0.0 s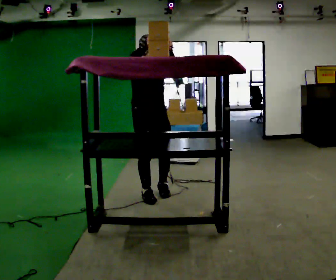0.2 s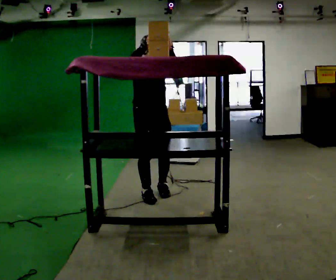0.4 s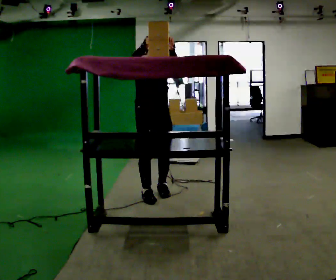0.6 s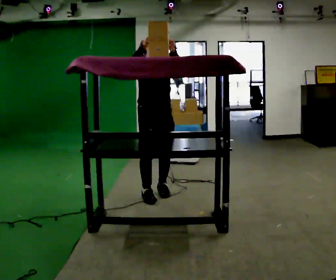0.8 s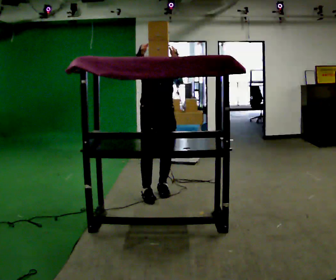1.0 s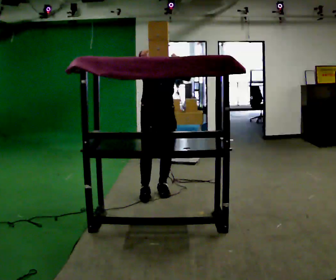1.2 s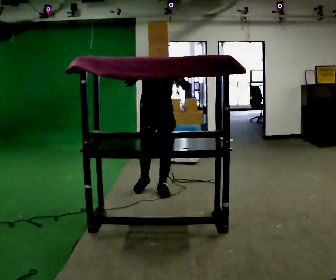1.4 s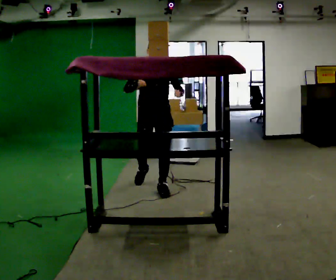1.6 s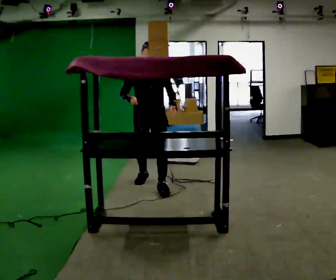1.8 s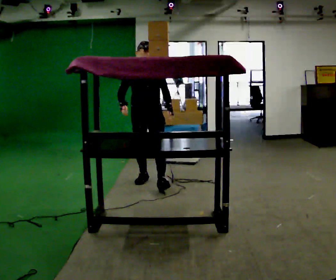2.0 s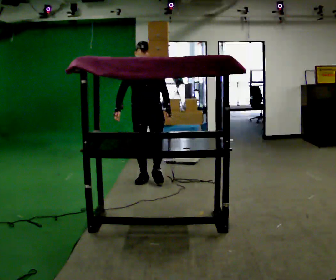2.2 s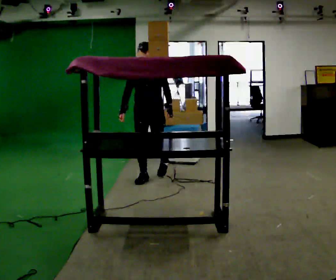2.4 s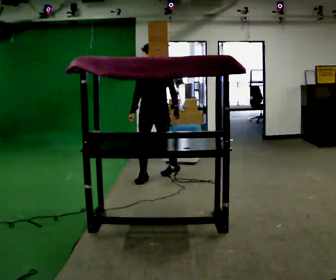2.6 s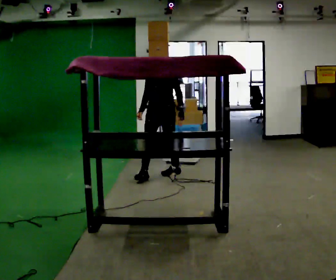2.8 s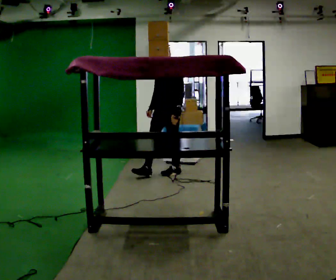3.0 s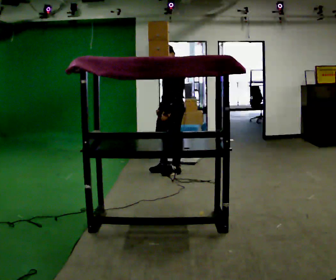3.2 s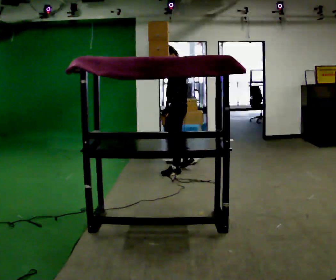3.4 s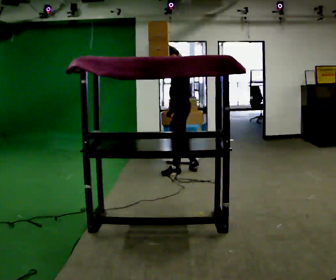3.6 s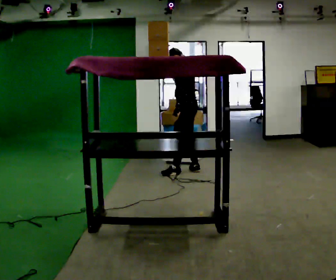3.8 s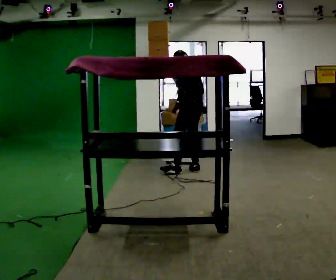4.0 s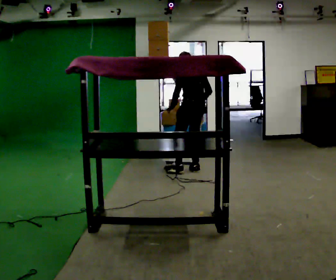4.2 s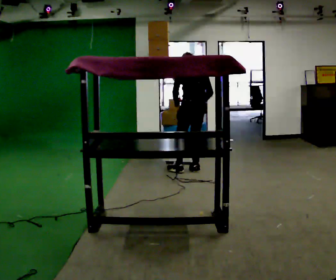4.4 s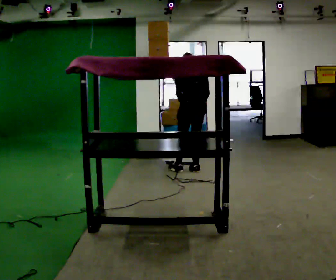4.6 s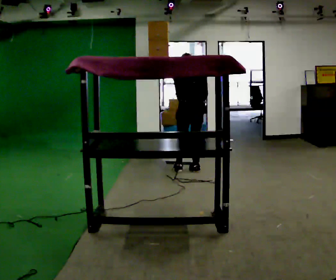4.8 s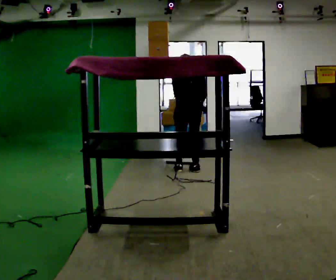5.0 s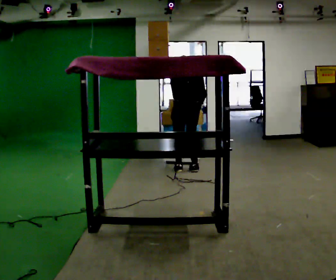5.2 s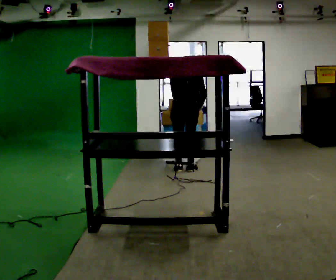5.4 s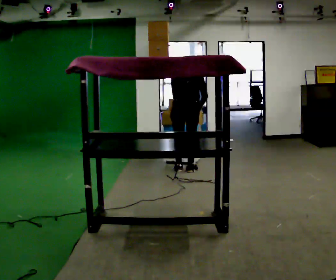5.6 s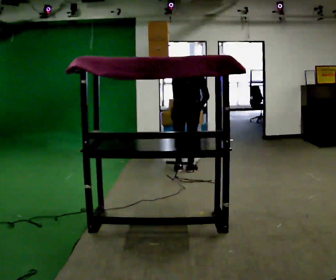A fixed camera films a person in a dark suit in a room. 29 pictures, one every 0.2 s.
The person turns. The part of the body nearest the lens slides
to the left.
Their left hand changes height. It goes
downward.
0.0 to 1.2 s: In the picture they go away from the camera, about 0.25 m in 1 step, which for them is backward and to their left.
1.2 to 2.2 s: In the picture they go away from the camera, about 0.5 m in 1 step, which for them is backward. In the picture their right hand goes downward.
2.2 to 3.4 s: Seen from above the body turns clockwise, about 90 degrees: to their right, with its near side sliding to the left. In the picture they go to the right and away from the camera, about 0.5 m in 1 step.
3.4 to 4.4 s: The person turns about 60 degrees to their right, clockwise seen from above, so the part of the body nearest the lens slides to the left. In the picture they go to the right, about 0.25 m. The upper body tips away from the camera, its near side rolling upward, as they bend forward.
4.4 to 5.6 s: The person moves a little, or ends about where they began.
The film runs backward here.
